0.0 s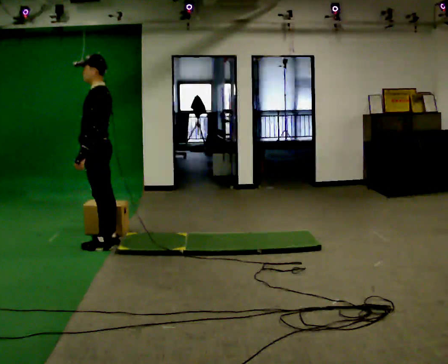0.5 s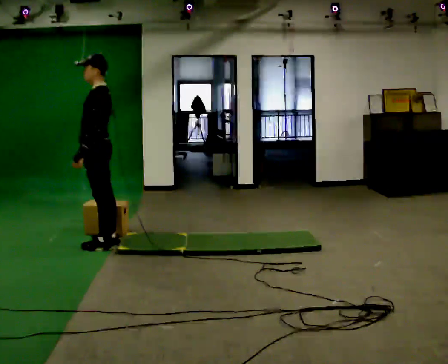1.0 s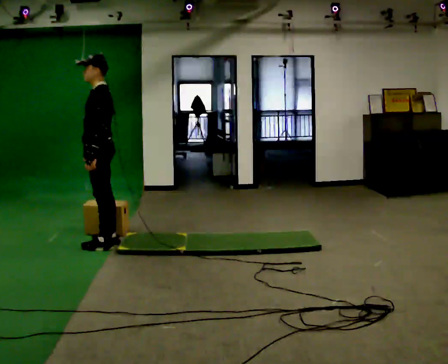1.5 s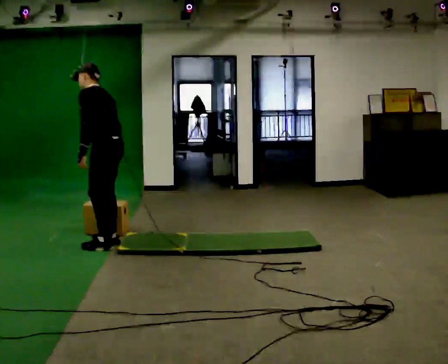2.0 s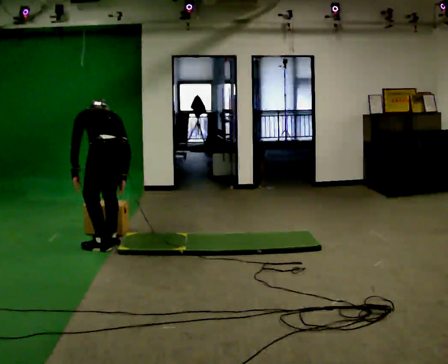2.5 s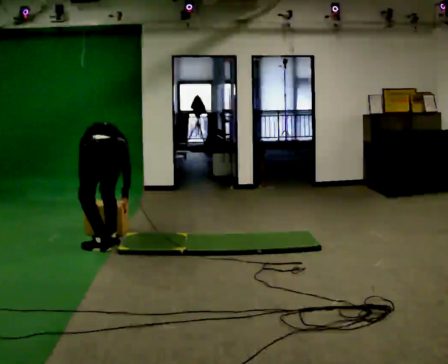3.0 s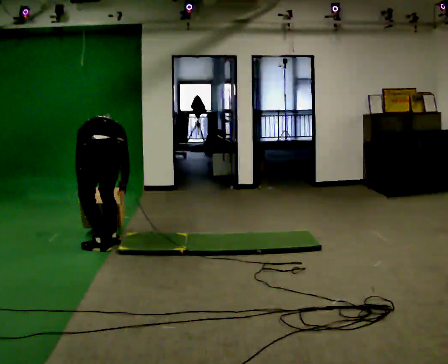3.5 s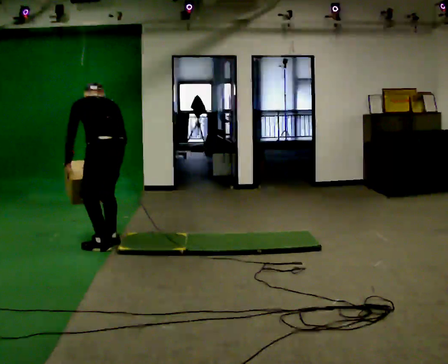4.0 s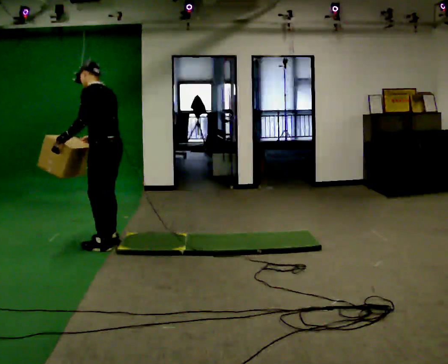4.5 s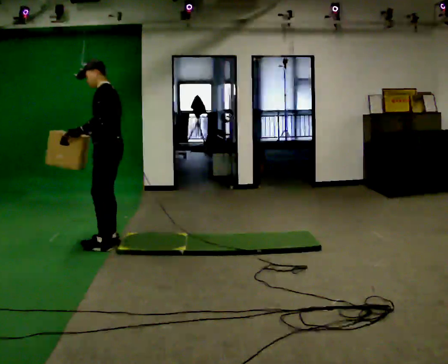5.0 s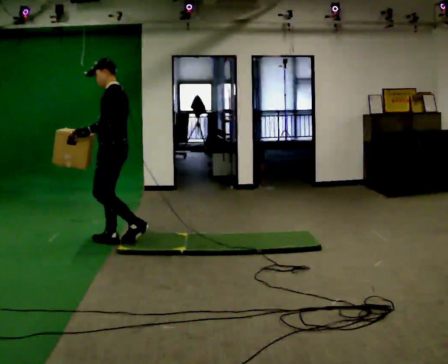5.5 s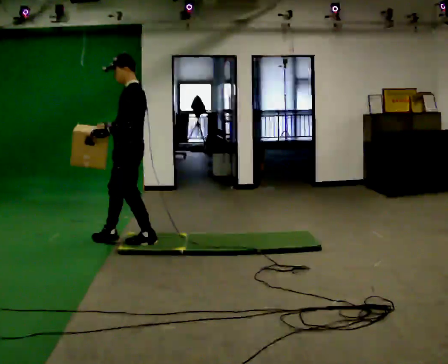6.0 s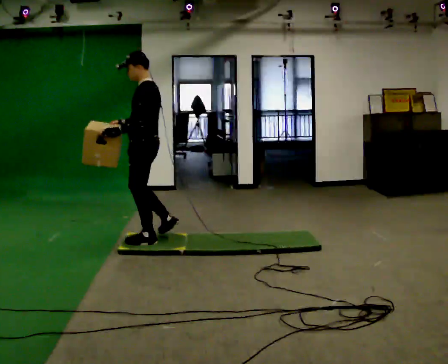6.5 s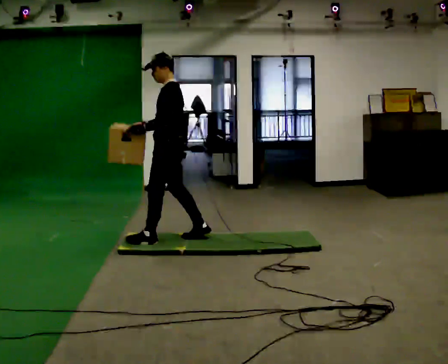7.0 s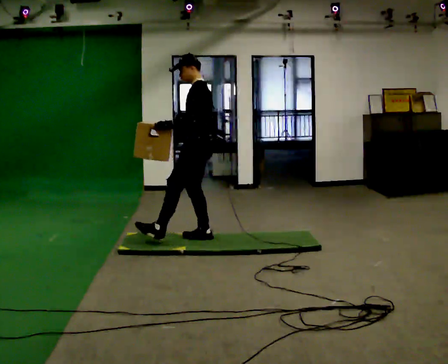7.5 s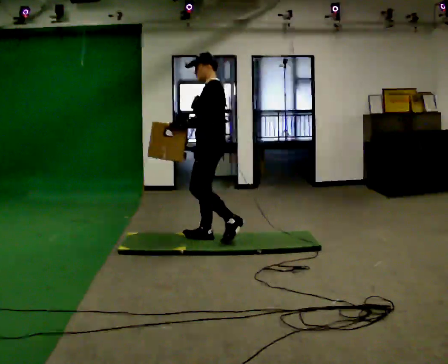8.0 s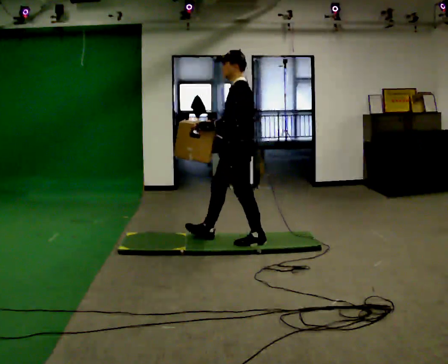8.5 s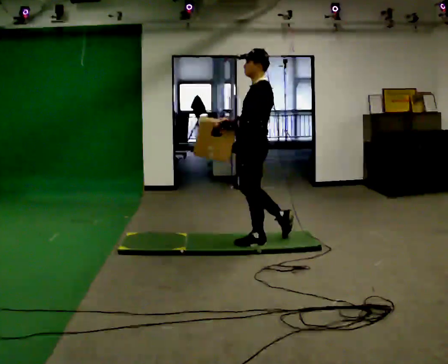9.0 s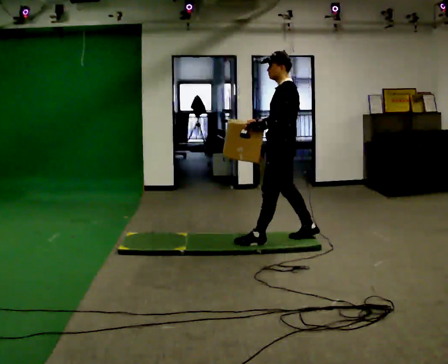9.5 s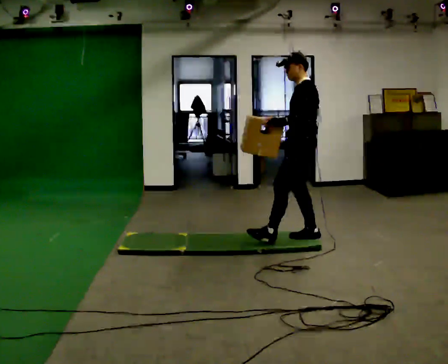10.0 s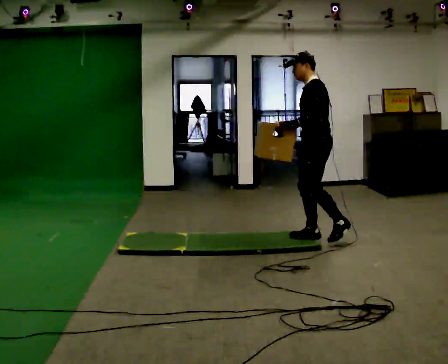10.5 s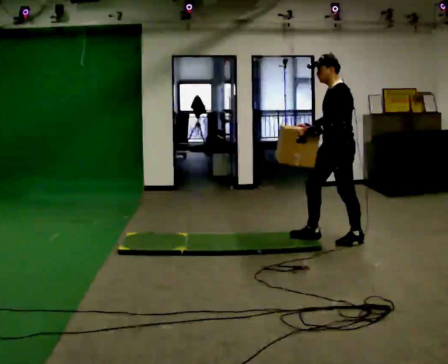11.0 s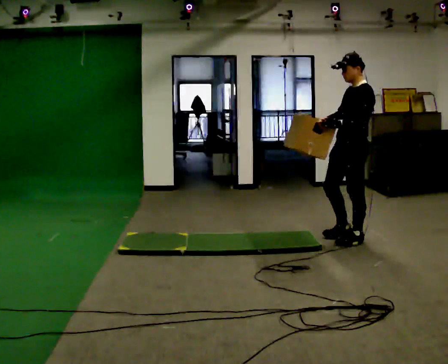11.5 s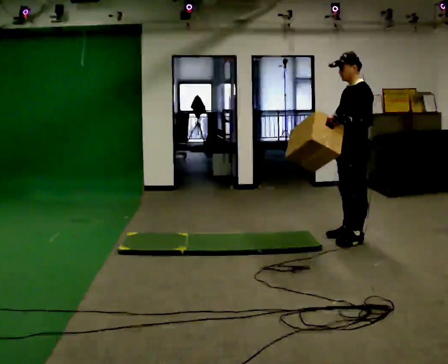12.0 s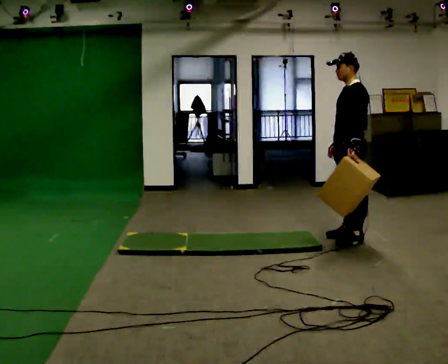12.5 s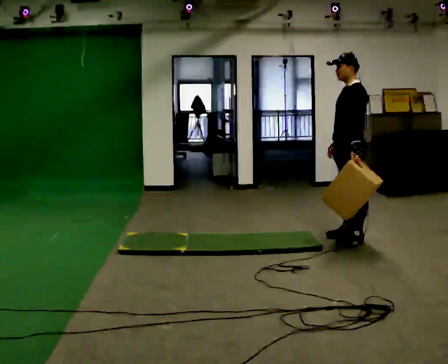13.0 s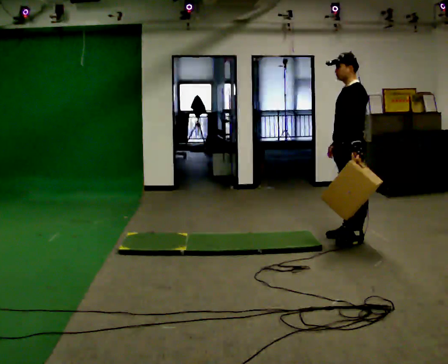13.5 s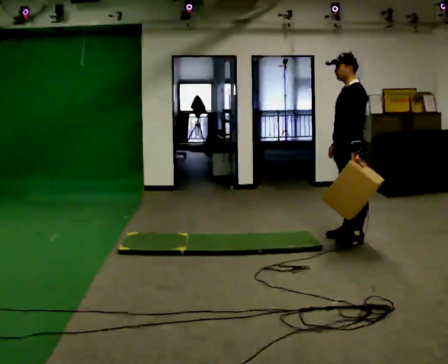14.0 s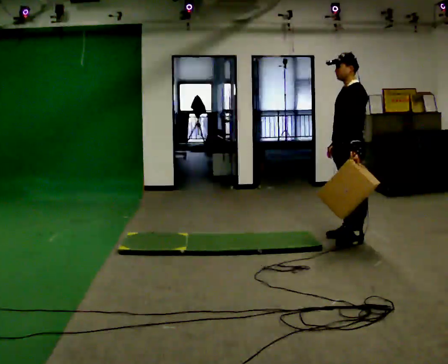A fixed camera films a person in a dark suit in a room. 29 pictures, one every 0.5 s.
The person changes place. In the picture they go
to the right.
0.0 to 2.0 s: The part of the body nearest the lens slides to the left as the person turns to their right by about 45 degrees. The shoulders move downward. The upper body tips away from the camera, its near side rolling upward, as they bend forward.
2.0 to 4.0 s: The part of the body nearest the lens slides to the right as the person turns to their left by about 30 degrees. In the picture their right hand goes upward.
4.0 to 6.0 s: In the picture they go to the right, about 0.25 m in 2 steps, which for them is backward.
6.0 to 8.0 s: In the picture they go to the right, about 1 m in 2 steps, which for them is backward.
8.0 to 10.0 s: In the picture they go to the right, about 0.5 m in 1 step, which for them is backward.
10.0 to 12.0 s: In the picture they go to the right, about 0.25 m in 1 step, which for them is backward.
12.0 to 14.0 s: The person keeps their place and pose.
The film runs backward here.
